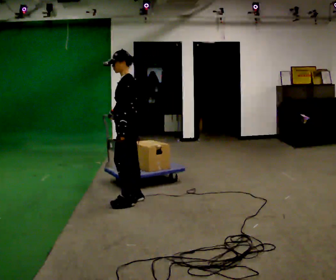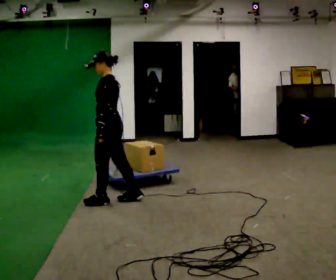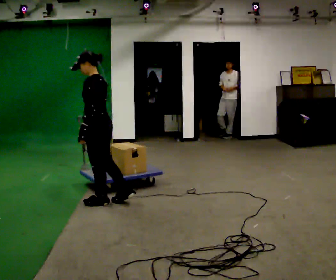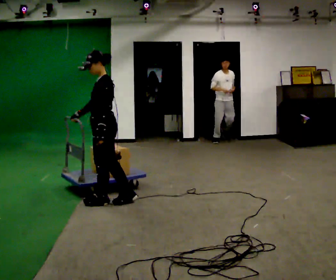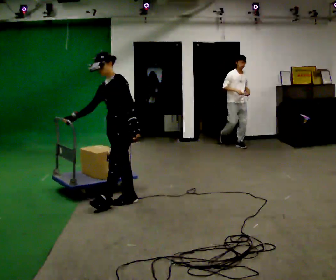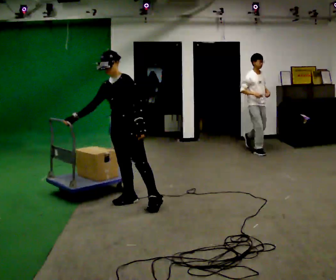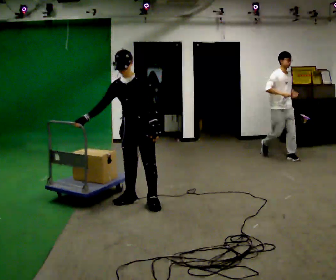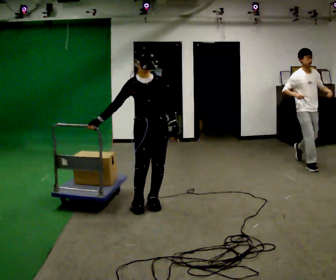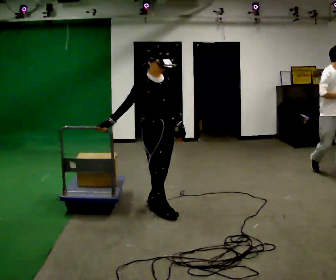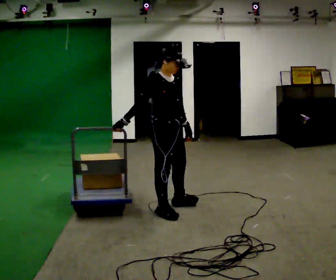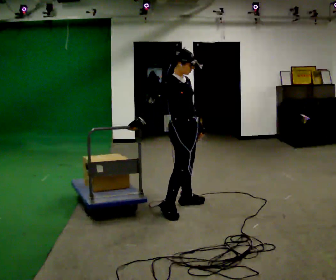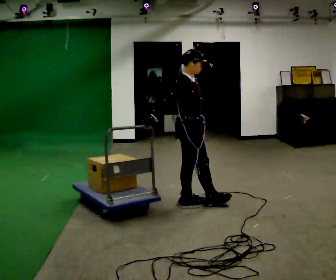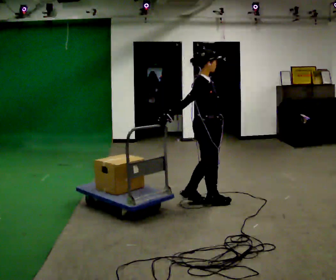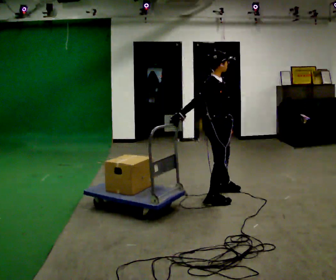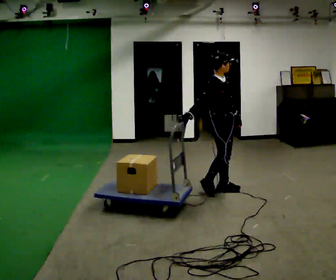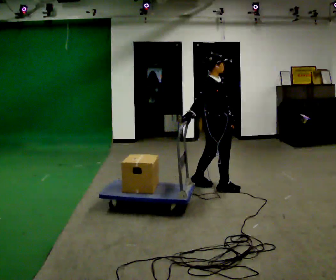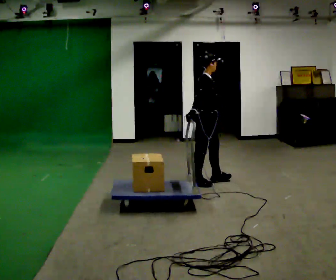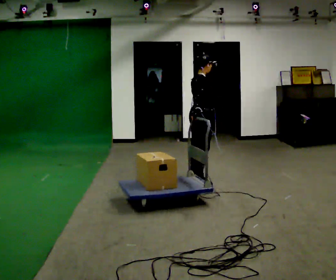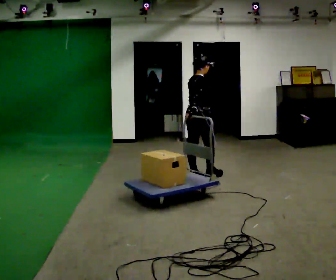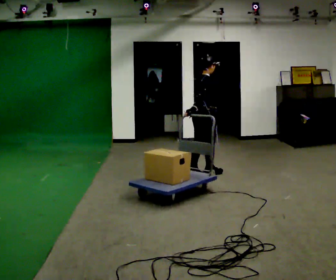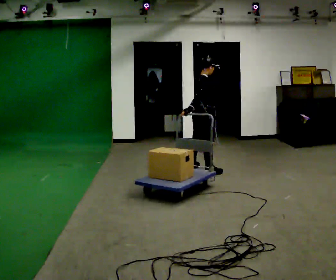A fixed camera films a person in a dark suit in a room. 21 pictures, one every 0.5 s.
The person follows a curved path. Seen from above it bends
counterclockwise.
0.0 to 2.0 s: The part of the body nearest the lens slides to the right as the person turns to their left by about 30 degrees. In the picture their right hand goes to the left.
2.0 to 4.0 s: Seen from above the body turns counterclockwise, about 90 degrees: to their left, with its near side sliding to the right. In the picture they go to the right and toward the camera, about 0.5 m in 2 steps.
4.0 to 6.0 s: The person turns about 60 degrees to their left, counterclockwise seen from above, so the part of the body nearest the lens slides to the right. In the picture they go to the right and away from the camera, about 0.5 m in 2 steps, which for them is forward and to their left.
6.0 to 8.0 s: In the picture they go away from the camera, about 0.75 m in 2 steps, which for them is to their left and backward.
8.0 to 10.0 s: The part of the body nearest the lens slides to the right as the person turns to their left by about 30 degrees. In the picture they go away from the camera, about 0.75 m in 3 steps, which for them is to their left and forward.
The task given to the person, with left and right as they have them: Pull the cart behind you as you walk backward across the room. The operator will confirm the space behind you is clear before each take.
The film runs forward here.
